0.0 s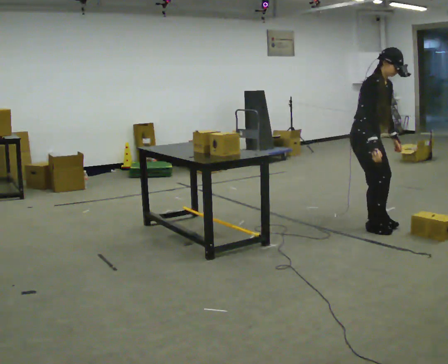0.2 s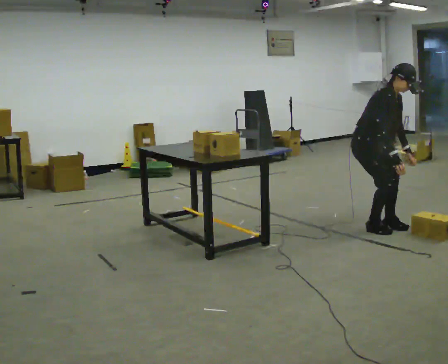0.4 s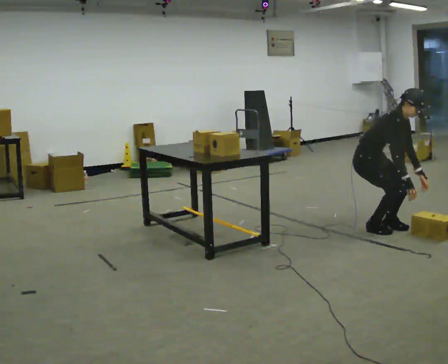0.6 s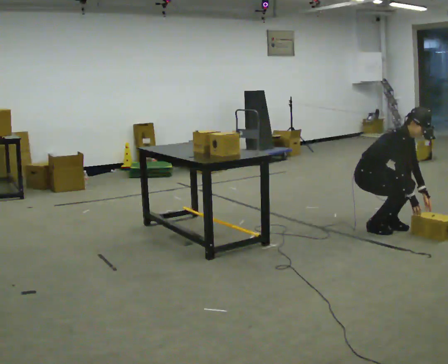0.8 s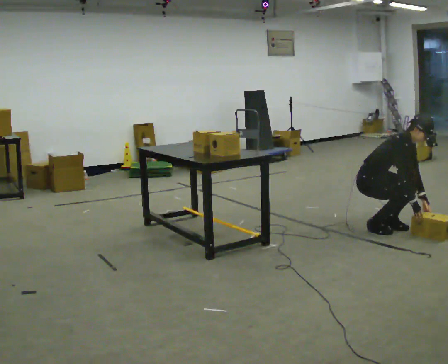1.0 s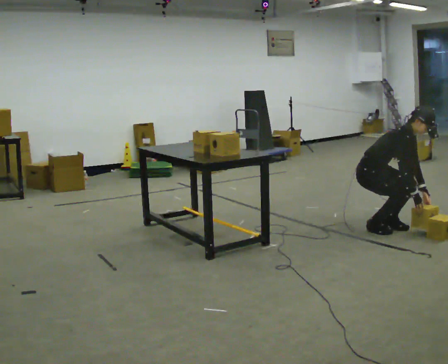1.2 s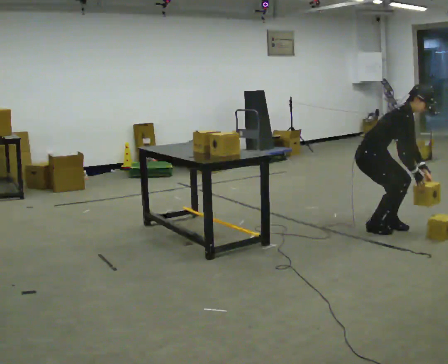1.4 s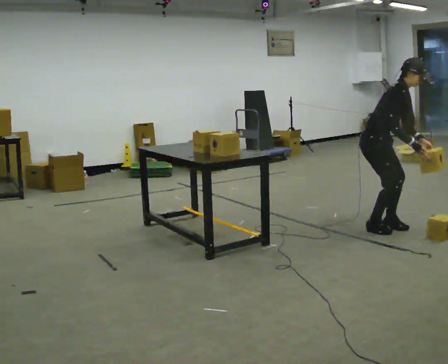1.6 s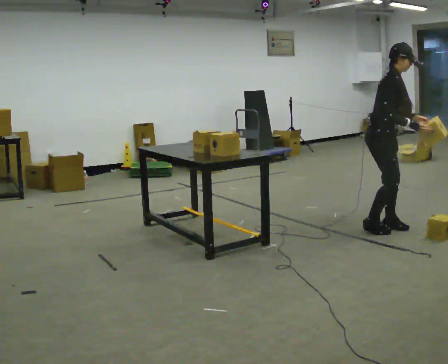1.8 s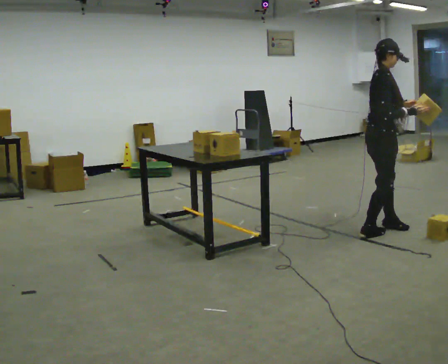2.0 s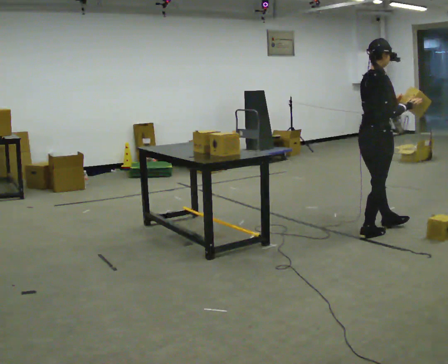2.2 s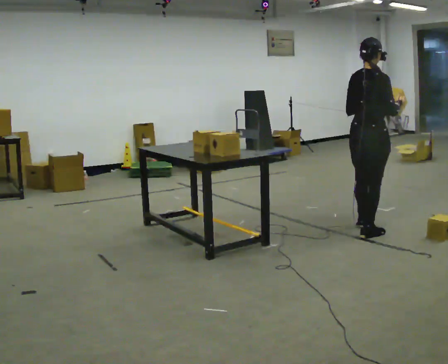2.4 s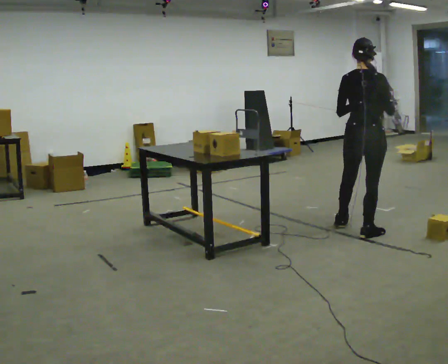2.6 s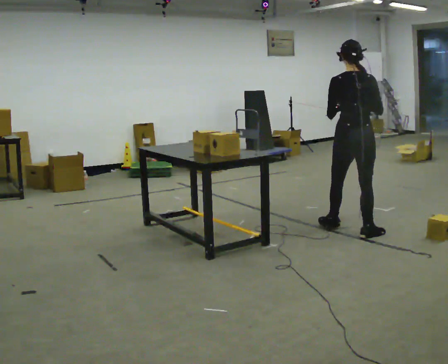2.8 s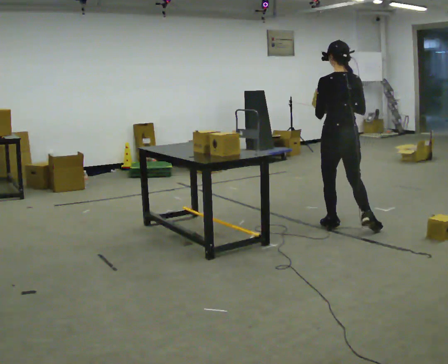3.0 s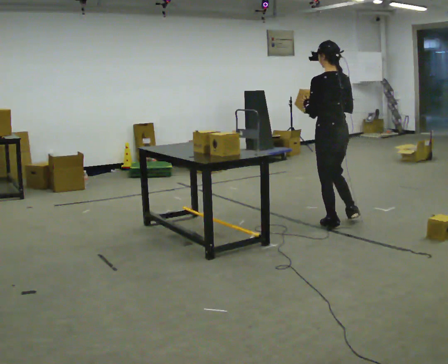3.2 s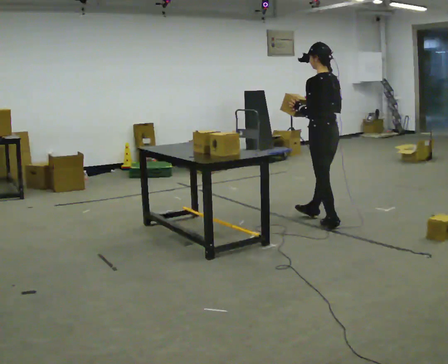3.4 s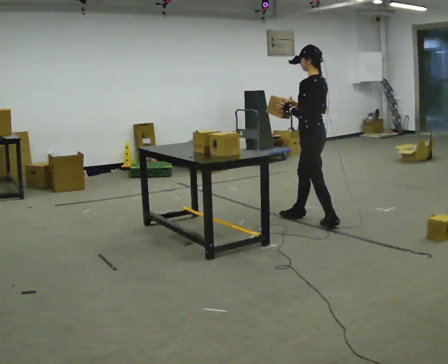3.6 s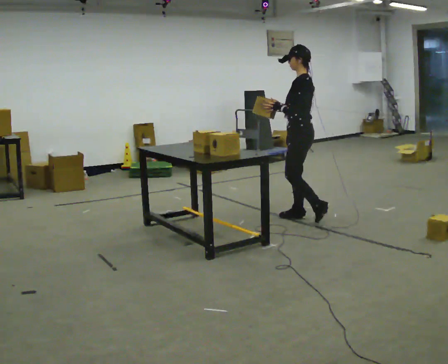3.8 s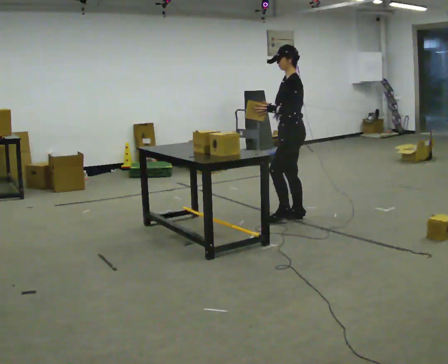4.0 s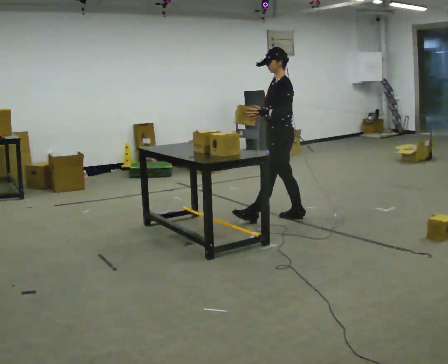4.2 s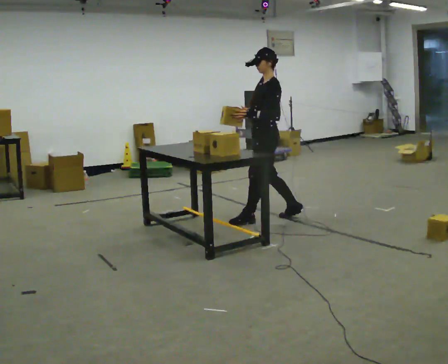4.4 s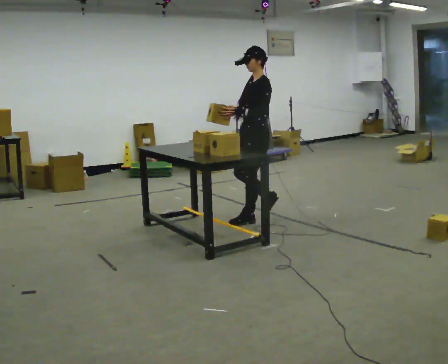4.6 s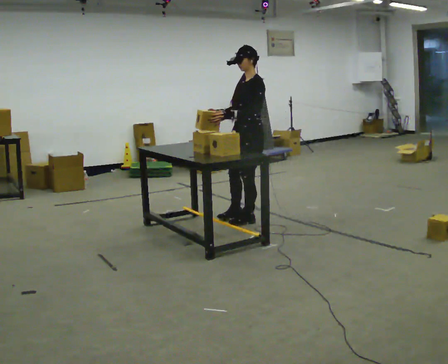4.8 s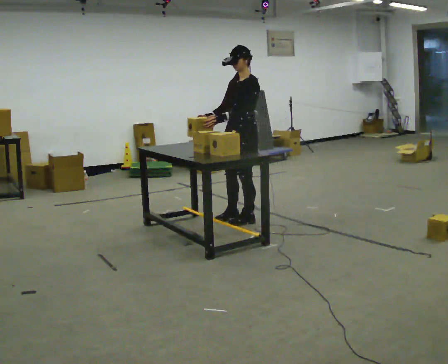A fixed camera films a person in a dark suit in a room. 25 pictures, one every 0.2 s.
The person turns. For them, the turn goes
to their left.
The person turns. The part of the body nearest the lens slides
to the right.
0.0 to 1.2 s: In the picture the upper body tilts clockwise, shoulders to the right, as they bend forward. In the picture their right hand goes to the right.
1.2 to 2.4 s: Seen from above the body turns counterclockwise, about 90 degrees: to their left, with its near side sliding to the right. The upper body goes upward. In the picture the upper body tilts counterclockwise, shoulders to the left, as they lean back or straighten. In the picture their right hand goes upward.
2.4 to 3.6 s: The person turns about 105 degrees to their left, counterclockwise seen from above, so the part of the body nearest the lens slides to the right. In the picture they go away from the camera and to the left, about 0.5 m in 2 steps.
3.6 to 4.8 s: The person turns about 45 degrees to their left, counterclockwise seen from above, so the part of the body nearest the lens slides to the right. In the picture they go to the left, about 0.5 m in 2 steps, which for them is forward.
The film runs forward here.
